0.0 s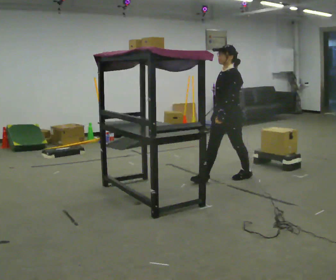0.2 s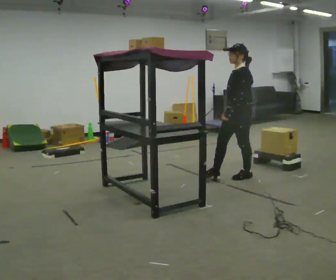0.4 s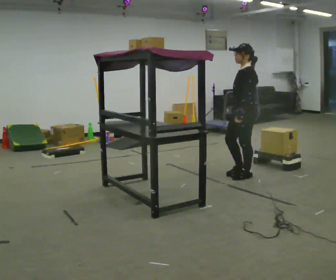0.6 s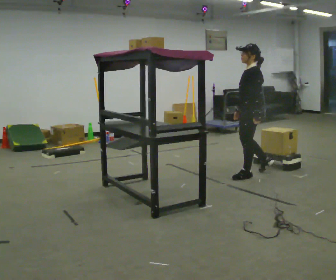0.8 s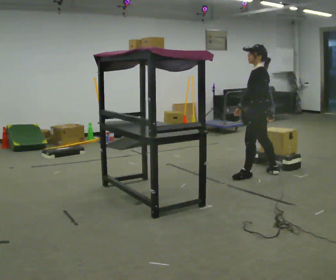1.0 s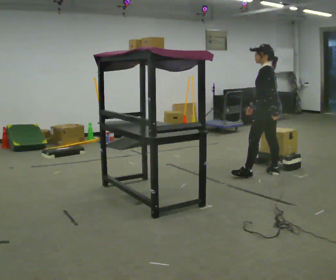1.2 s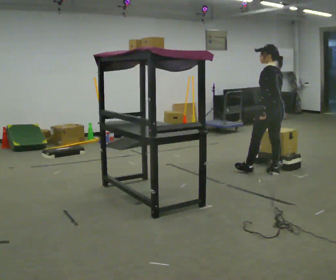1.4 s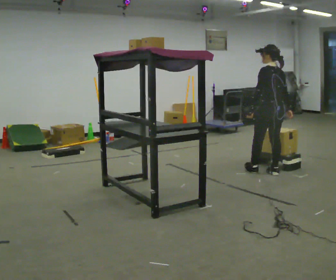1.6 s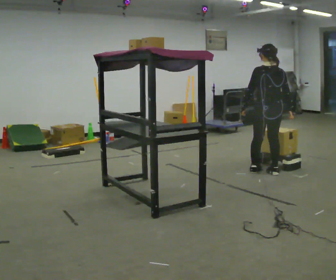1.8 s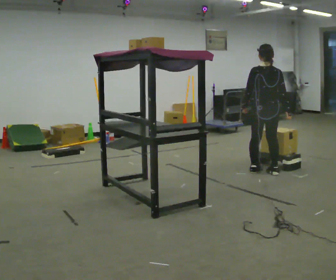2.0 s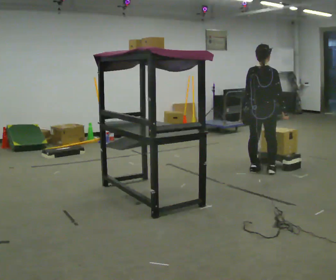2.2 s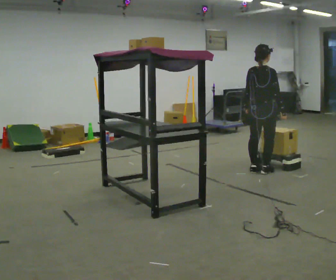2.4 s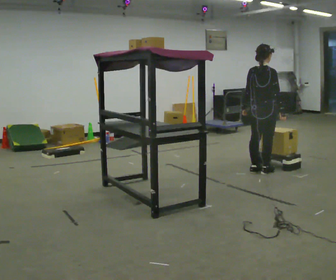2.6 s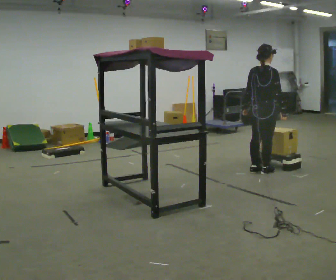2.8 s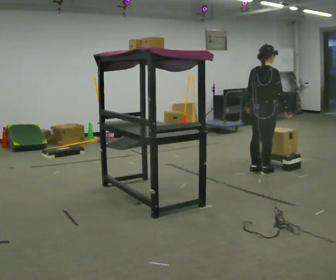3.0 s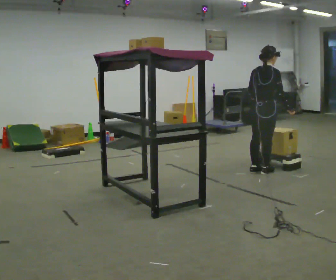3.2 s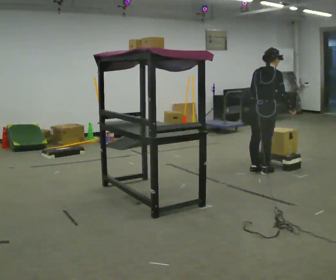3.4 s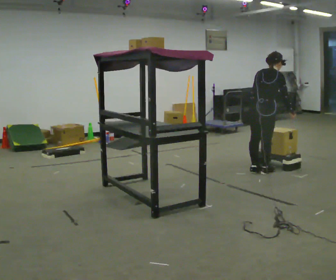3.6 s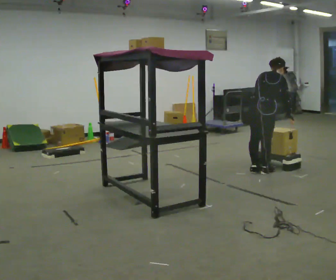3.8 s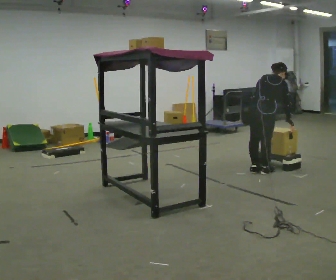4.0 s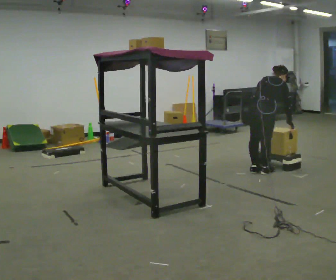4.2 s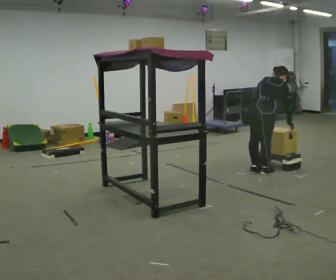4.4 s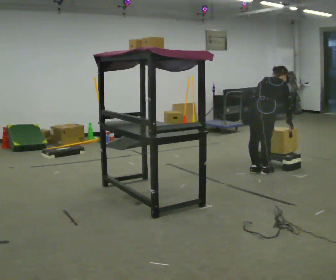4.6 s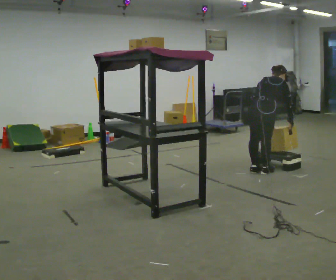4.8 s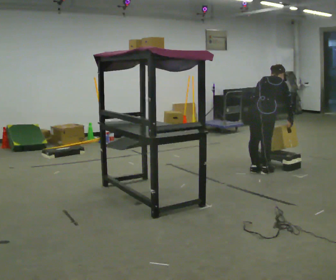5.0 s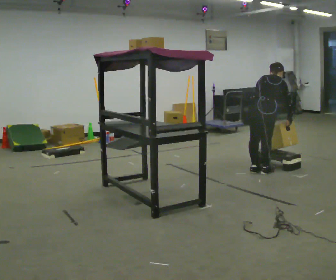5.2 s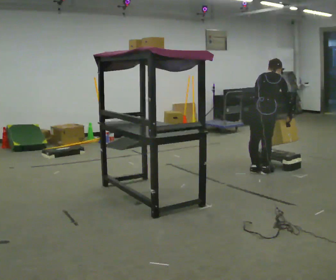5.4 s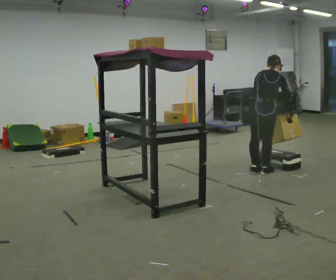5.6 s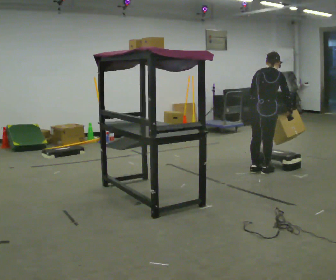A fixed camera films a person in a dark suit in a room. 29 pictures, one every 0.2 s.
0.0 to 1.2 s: The part of the body nearest the lens slides to the left as the person turns to their right by about 75 degrees. In the picture they go to the right, about 0.5 m in 2 steps.
1.2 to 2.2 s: The person turns about 90 degrees to their right, clockwise seen from above, so the part of the body nearest the lens slides to the left. In the picture they go away from the camera, about 0.25 m in 1 step.
2.2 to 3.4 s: The upper body tips away from the camera, its near side rolling upward, as they bend forward.
3.4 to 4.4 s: The upper body tips away from the camera, its near side rolling upward, as they bend forward.
4.4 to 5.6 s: The upper body tips toward the camera, its near side rolling downward, as they lean back or straighten.
The film runs backward here.
